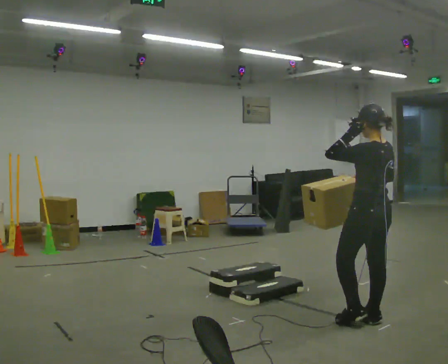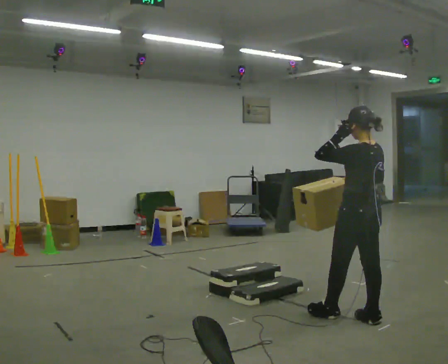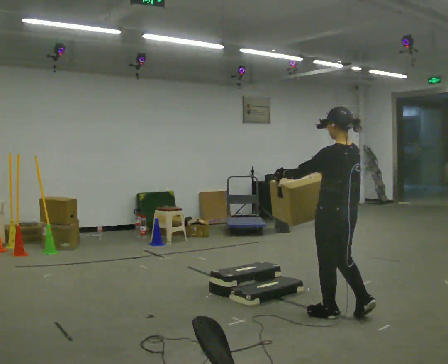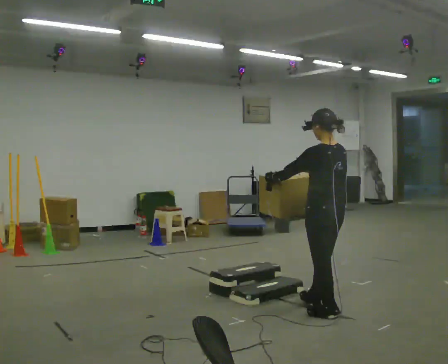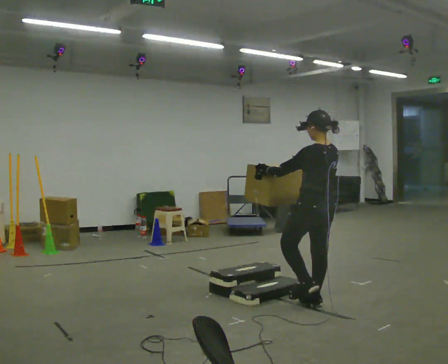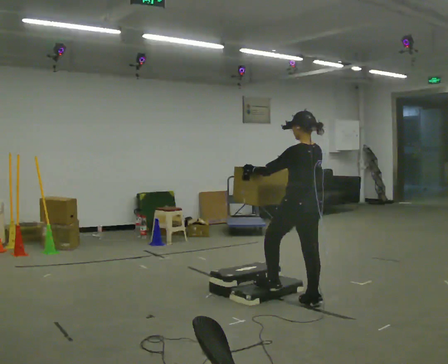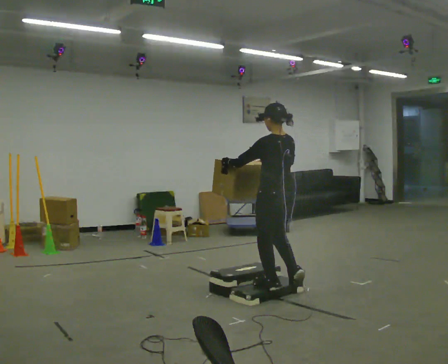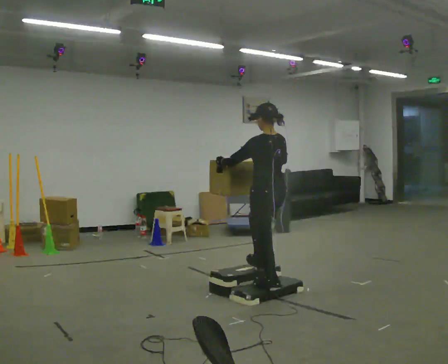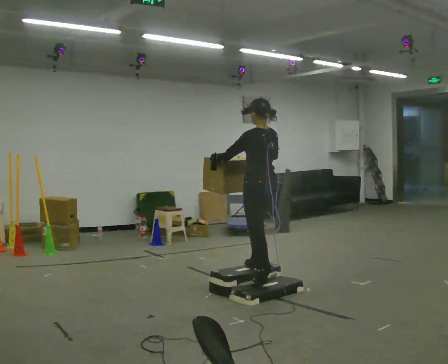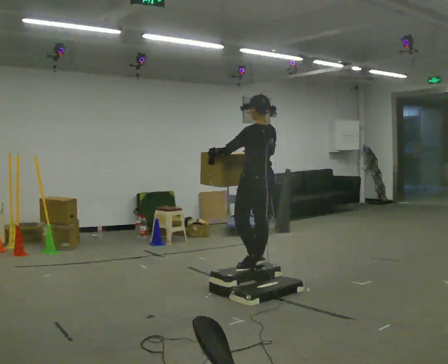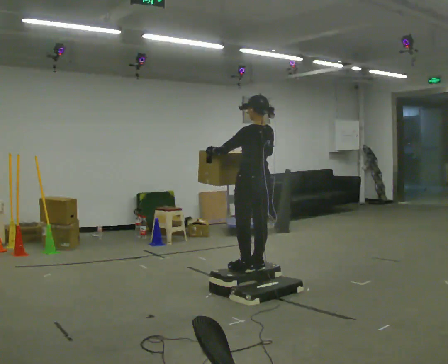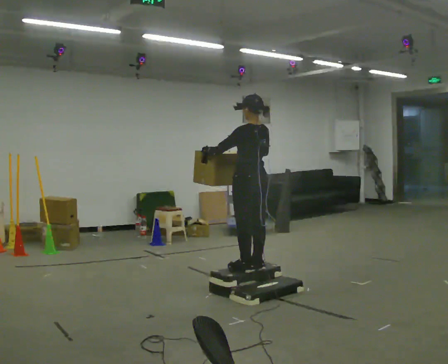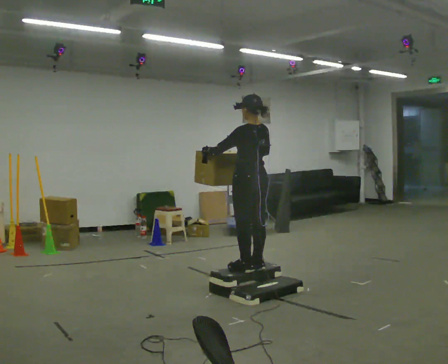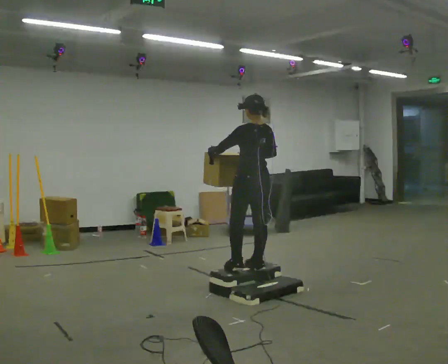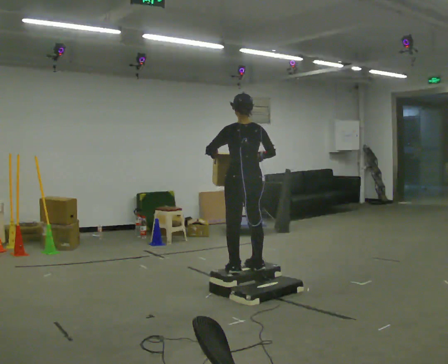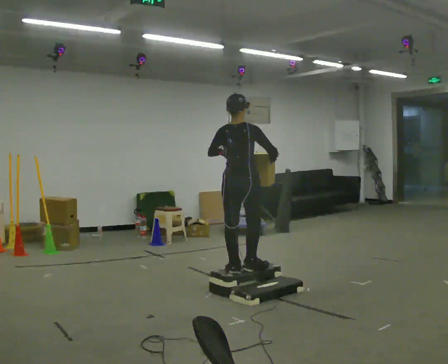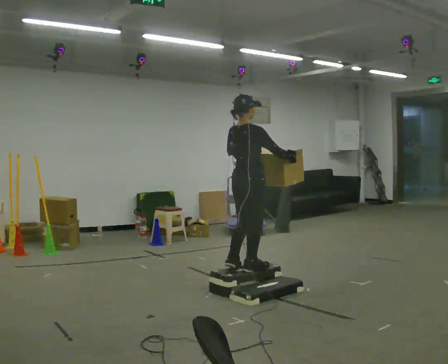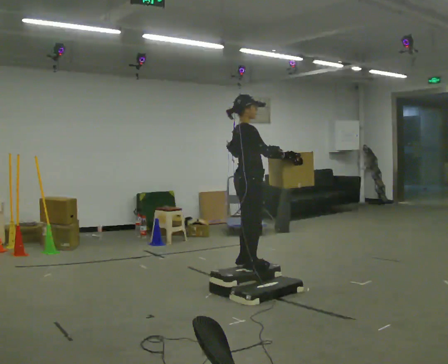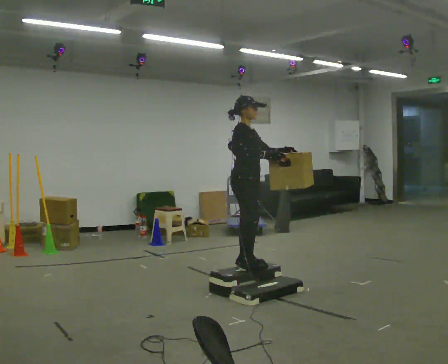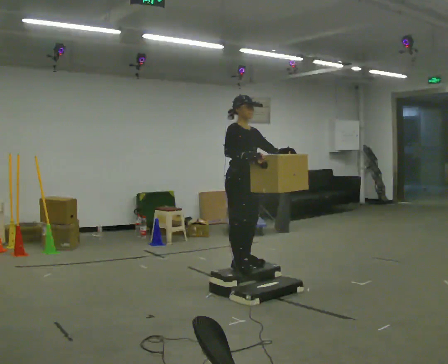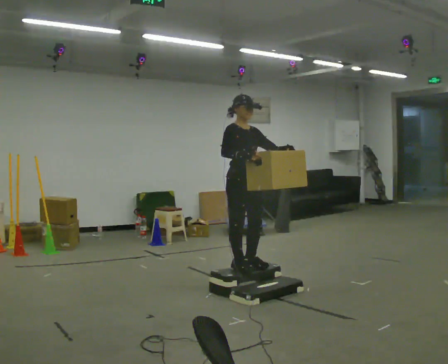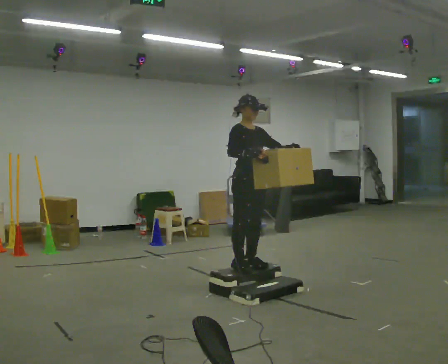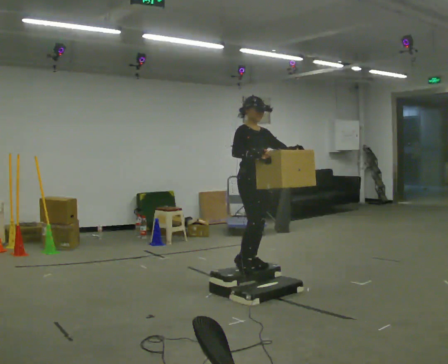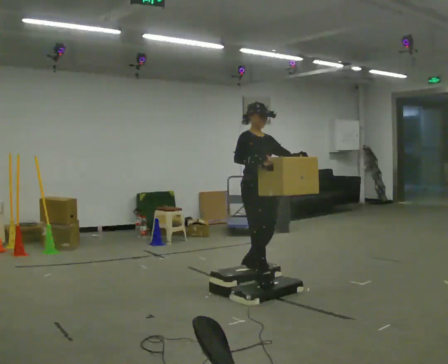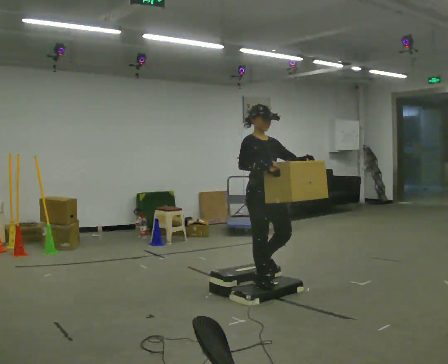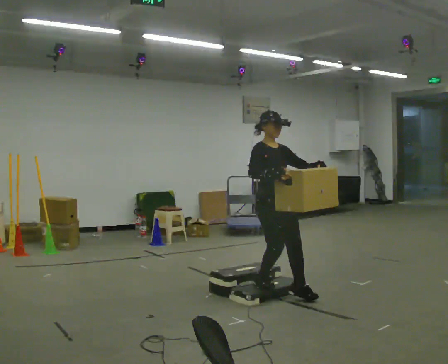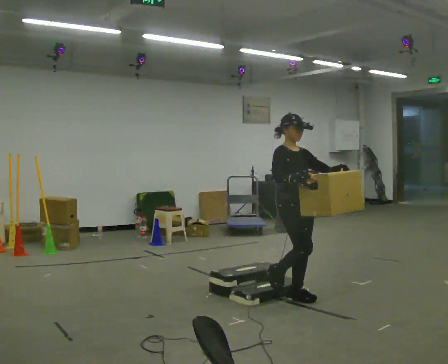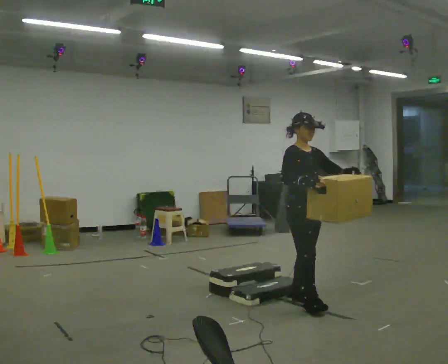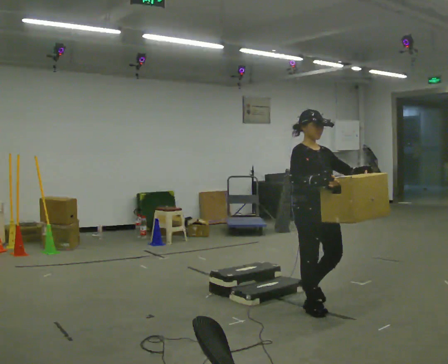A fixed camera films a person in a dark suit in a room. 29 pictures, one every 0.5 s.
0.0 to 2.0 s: In the picture they go away from the camera and to the left, about 0.5 m in 2 steps, which for them is forward.
2.0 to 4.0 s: In the picture they go away from the camera and to the left, about 0.75 m in 2 steps, which for them is forward.
4.0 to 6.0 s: The person moves a little, or ends about where they began.
6.0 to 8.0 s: The part of the body nearest the lens slides to the left as the person turns to their right by about 90 degrees. In the picture their right hand goes to the right.
8.0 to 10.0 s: The part of the body nearest the lens slides to the left as the person turns to their right by about 90 degrees. In the picture their left hand goes to the right.
10.0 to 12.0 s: In the picture they go toward the camera and to the right, about 0.25 m in 1 step, which for them is forward.
12.0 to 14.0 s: In the picture they go toward the camera and to the right, about 0.5 m in 2 steps, which for them is forward.
The film runs forward here.
